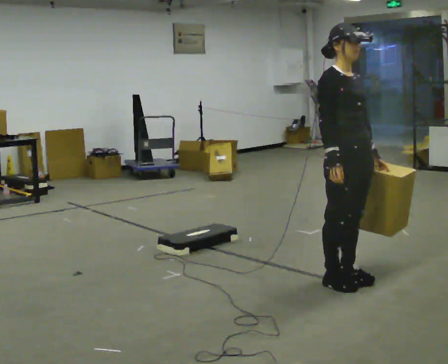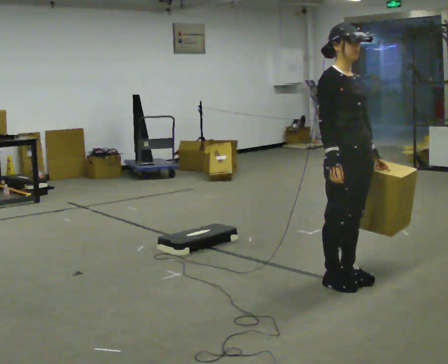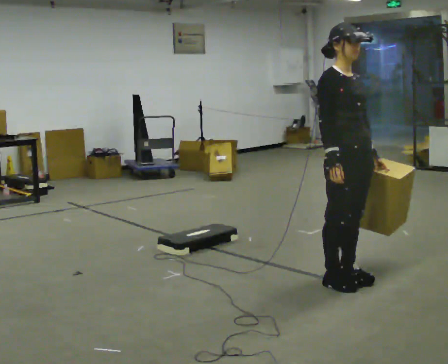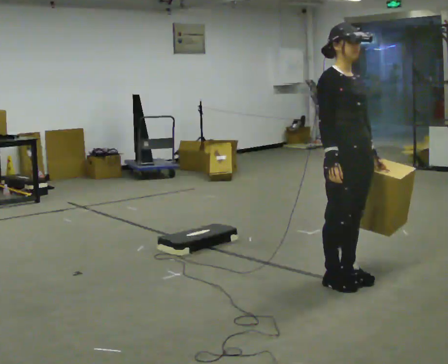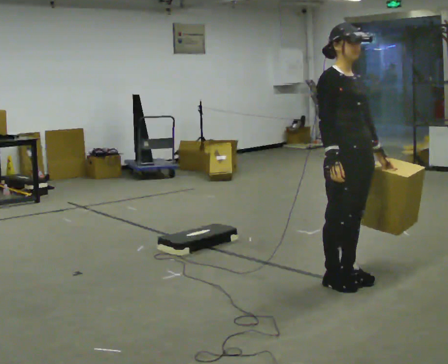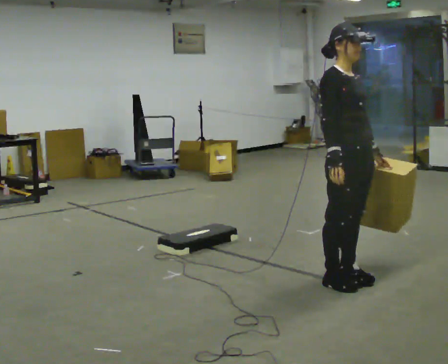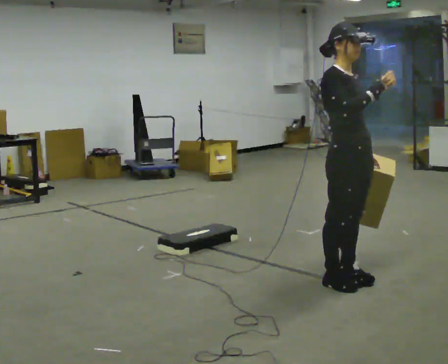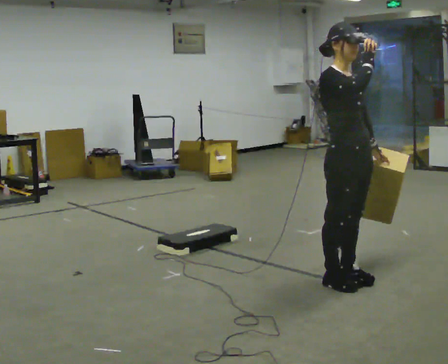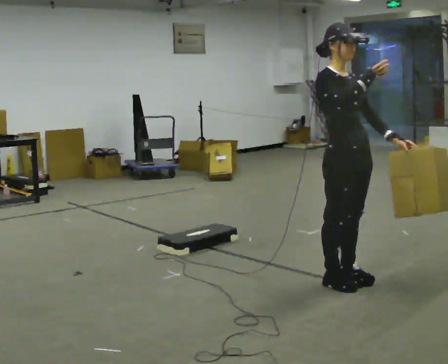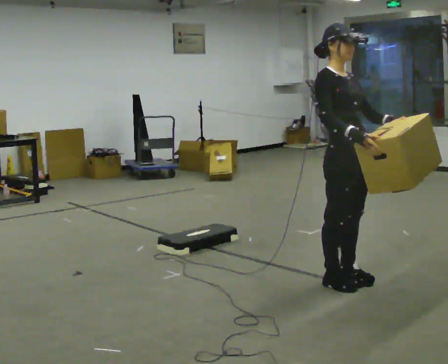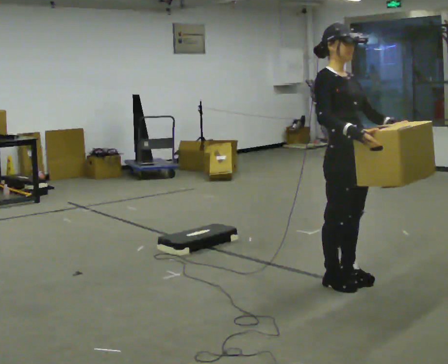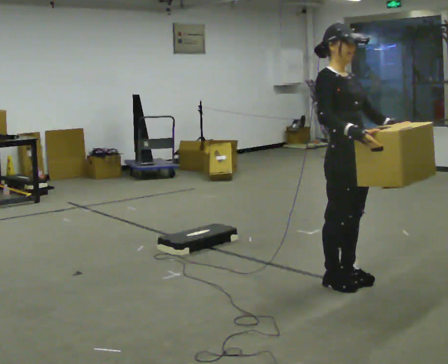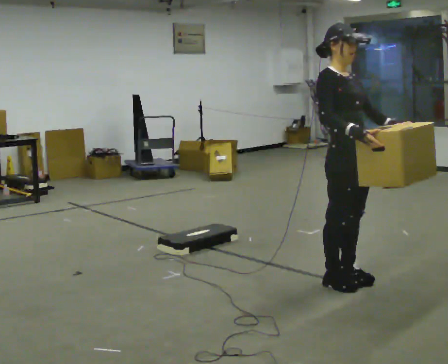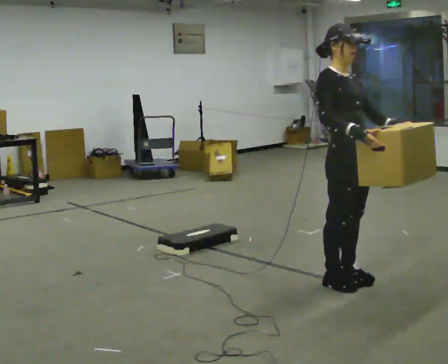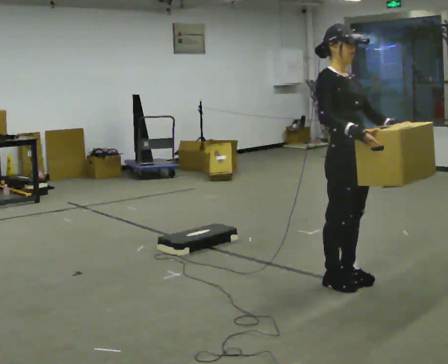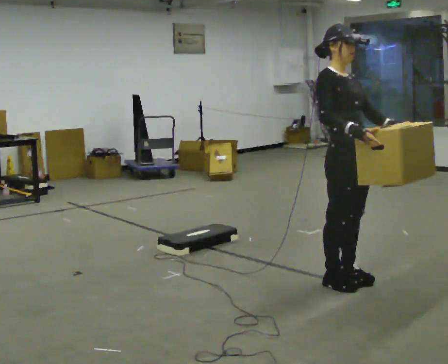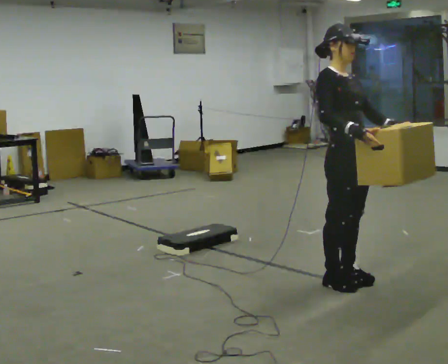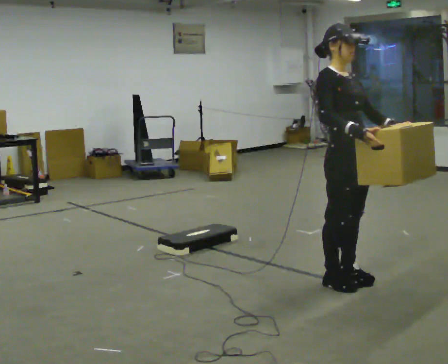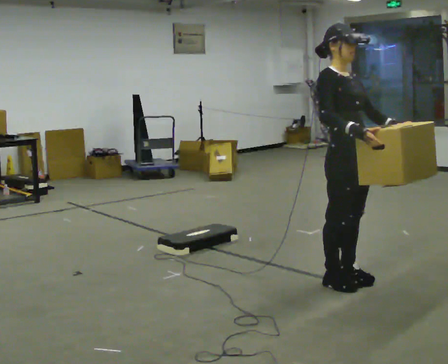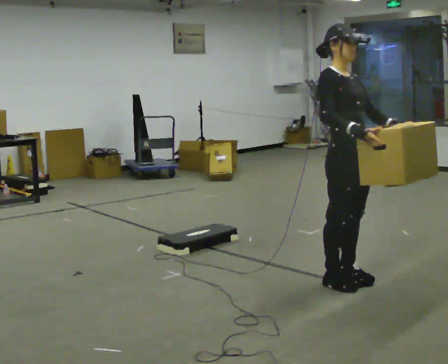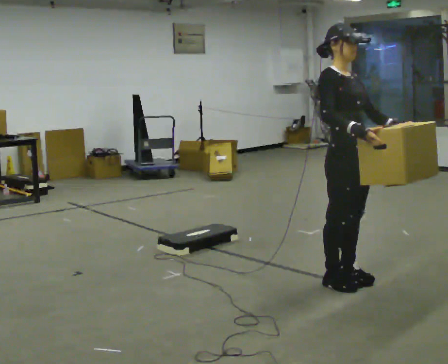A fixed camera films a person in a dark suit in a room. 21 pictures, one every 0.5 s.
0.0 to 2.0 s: The person moves a little, or ends about where they began.
2.0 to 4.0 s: In the picture their right hand goes upward.
4.0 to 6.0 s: The person moves a little, or ends about where they began.
6.0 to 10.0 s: The person keeps their place and pose.
The film runs backward here.
